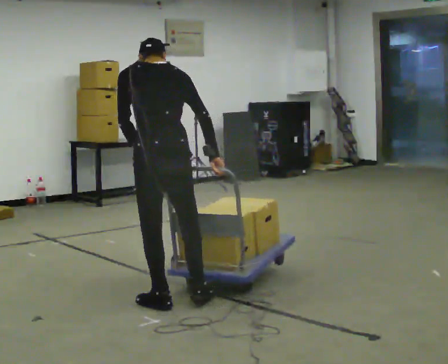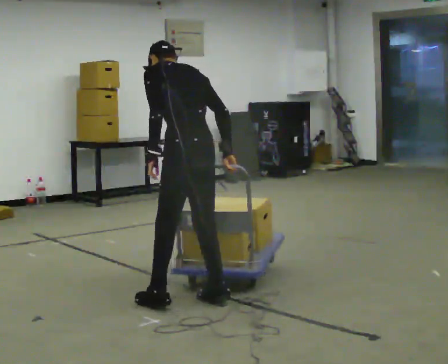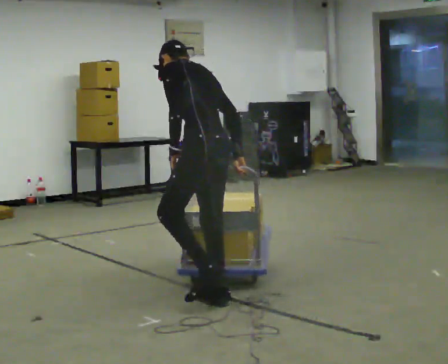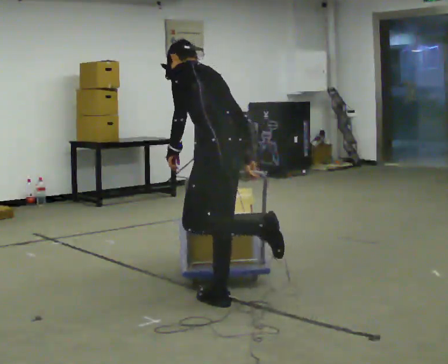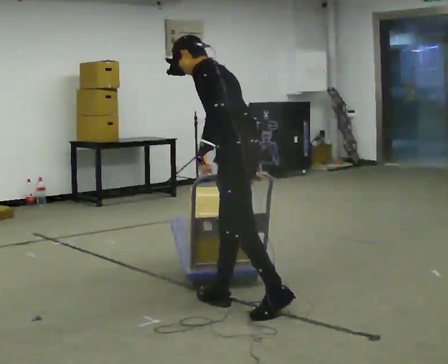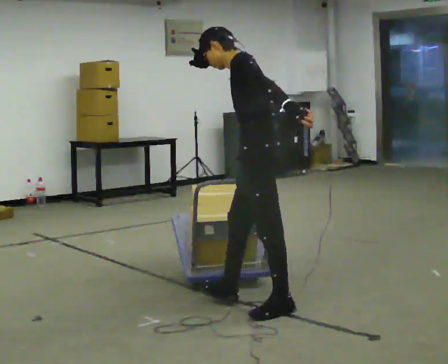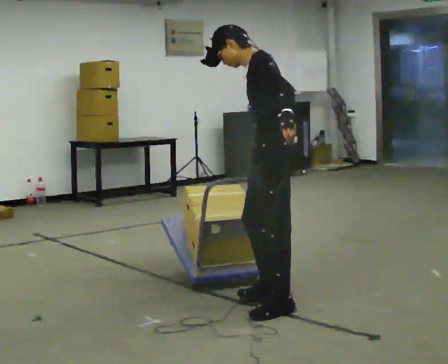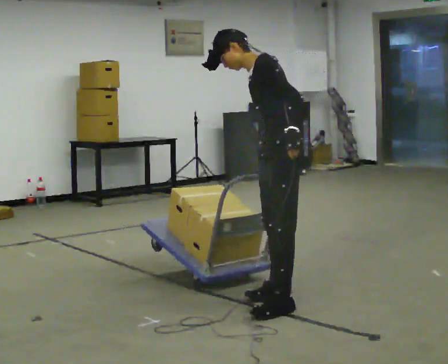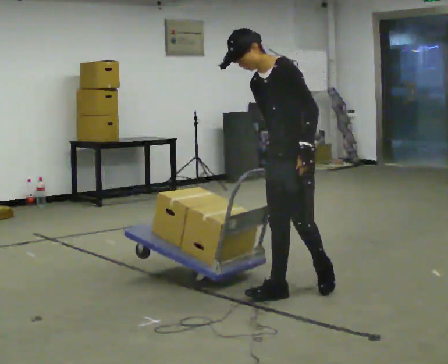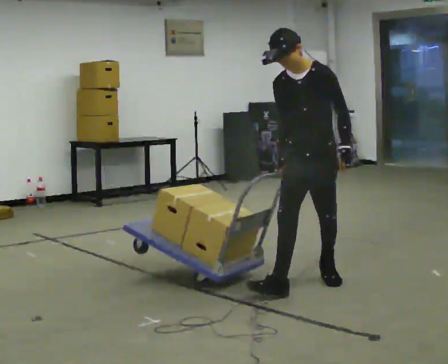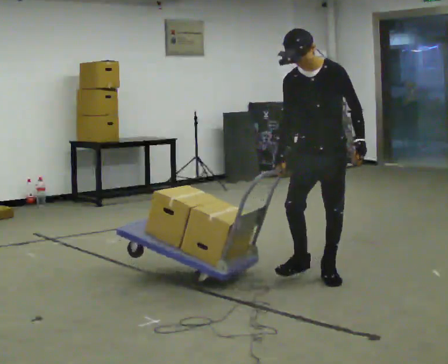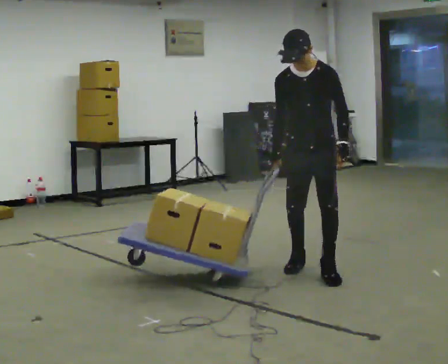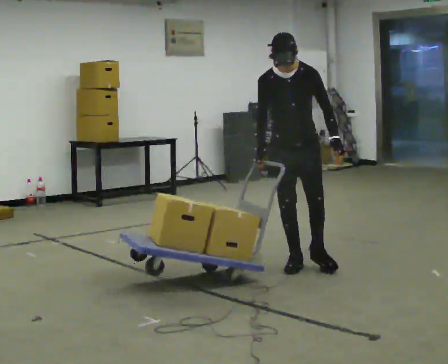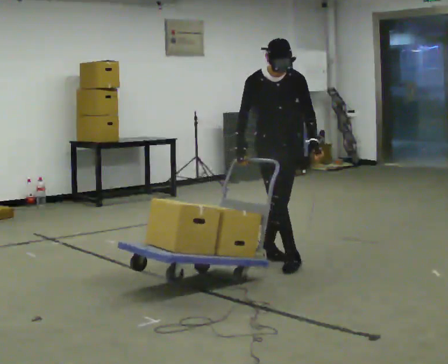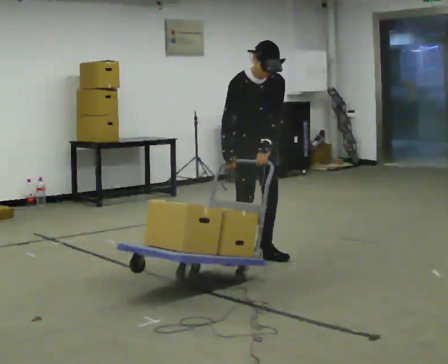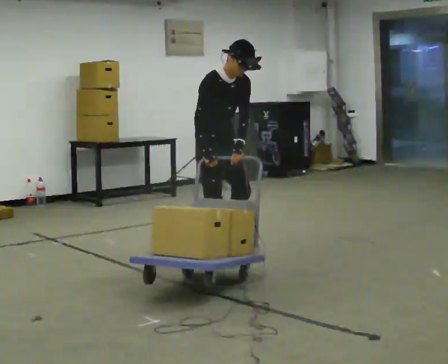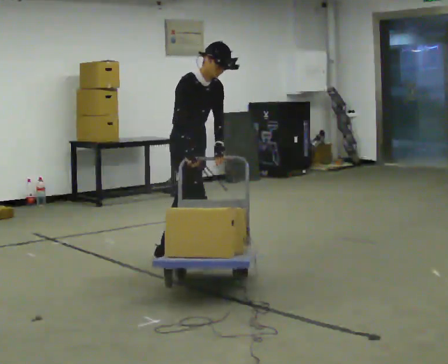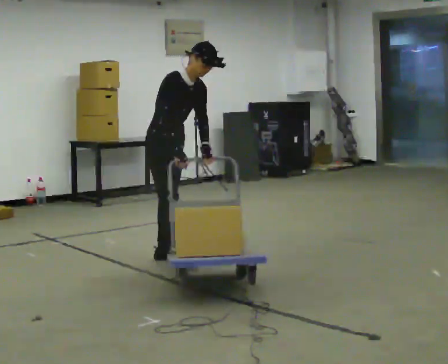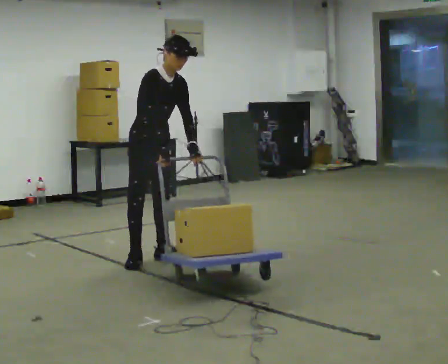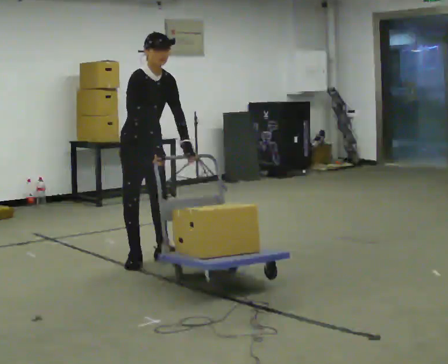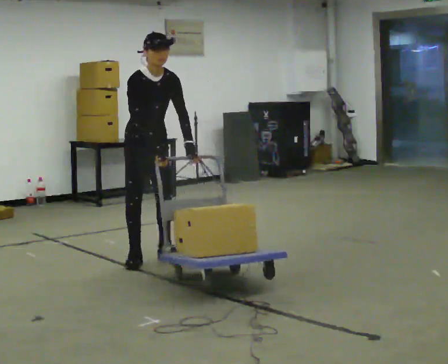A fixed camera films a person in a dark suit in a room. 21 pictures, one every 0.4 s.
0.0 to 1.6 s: Seen from above the body turns counterclockwise, about 60 degrees: to their left, with its near side sliding to the right. In the picture they go to the right, about 0.5 m in 1 step, which for them is backward and to their right. In the picture the upper body tilts counterclockwise, shoulders to the left.
1.6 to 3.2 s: The part of the body nearest the lens slides to the right as the person turns to their left by about 45 degrees. In the picture they go away from the camera and to the right, about 0.5 m in 2 steps, which for them is backward and to their right. The upper body tips toward the camera, its near side rolling downward.
3.2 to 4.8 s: The part of the body nearest the lens slides to the right as the person turns to their left by about 45 degrees. In the picture they go away from the camera, about 0.5 m in 2 steps, which for them is backward. In the picture the upper body tilts clockwise, shoulders to the right.
4.8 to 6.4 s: Seen from above the body turns counterclockwise, about 60 degrees: to their left, with its near side sliding to the right. In the picture they go to the left, about 1 m in 2 steps. In the picture the upper body tilts clockwise, shoulders to the right.
6.4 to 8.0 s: In the picture they go to the left, about 0.25 m in 1 step, which for them is to their right and backward.
The film runs backward here.
